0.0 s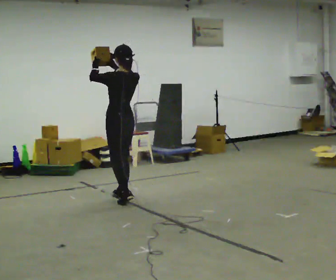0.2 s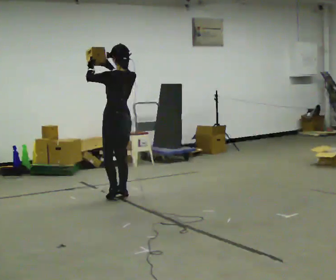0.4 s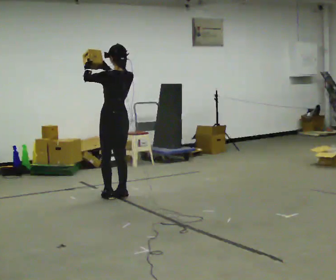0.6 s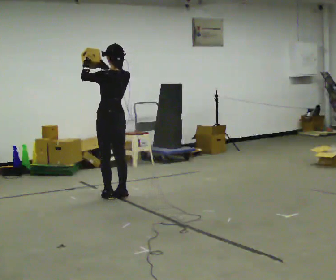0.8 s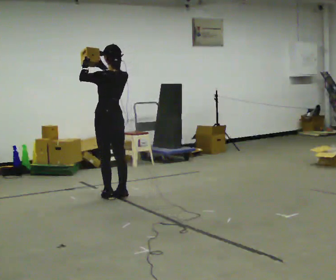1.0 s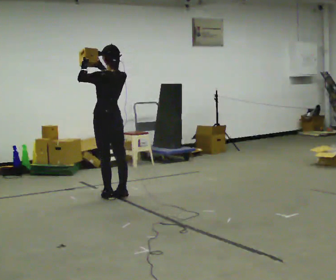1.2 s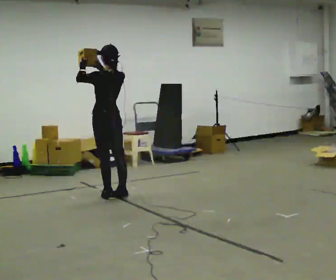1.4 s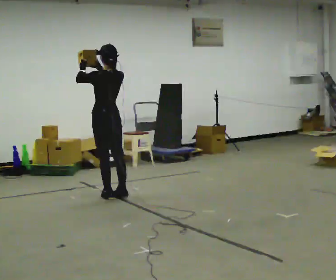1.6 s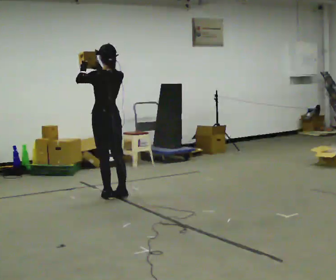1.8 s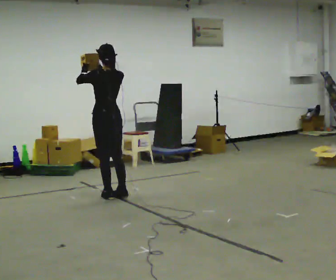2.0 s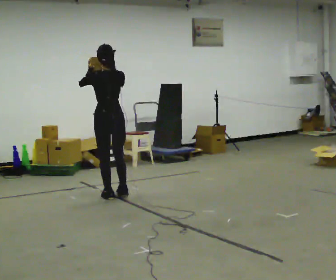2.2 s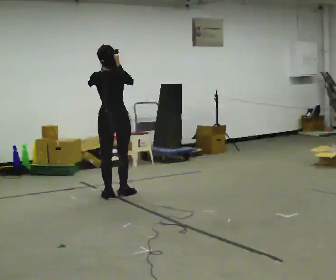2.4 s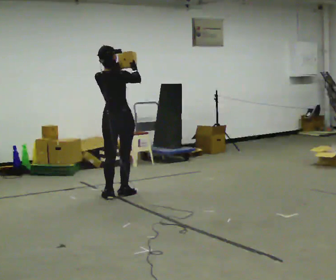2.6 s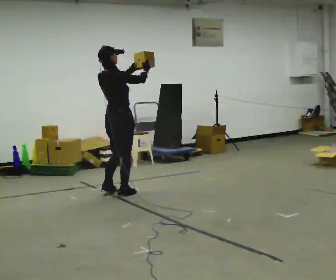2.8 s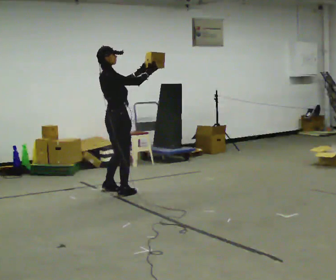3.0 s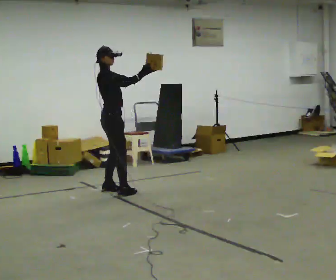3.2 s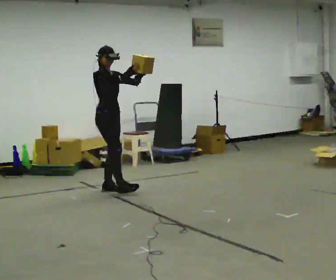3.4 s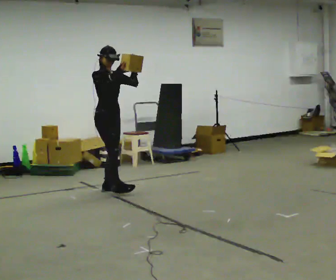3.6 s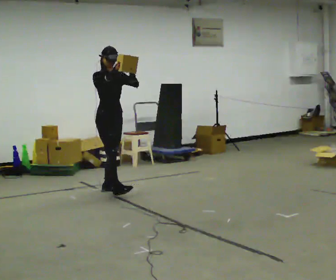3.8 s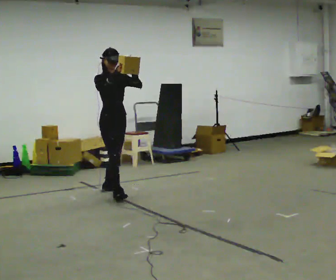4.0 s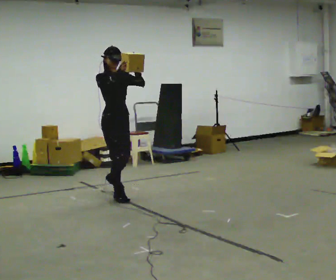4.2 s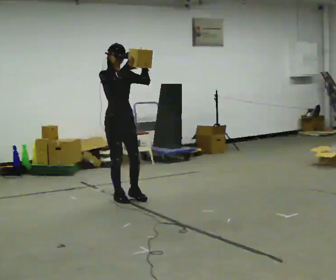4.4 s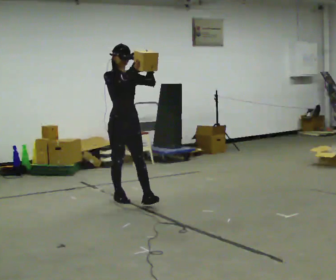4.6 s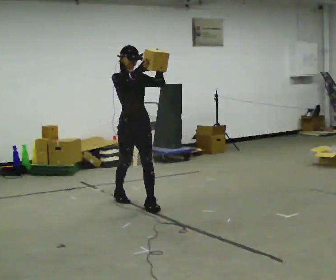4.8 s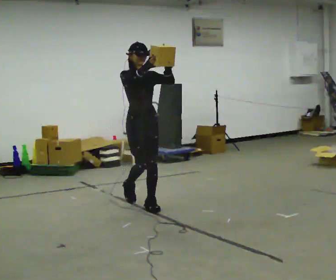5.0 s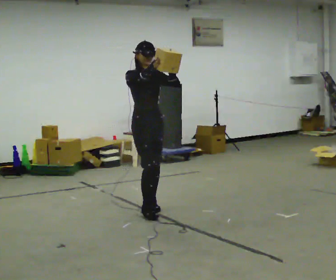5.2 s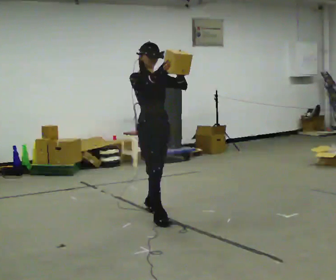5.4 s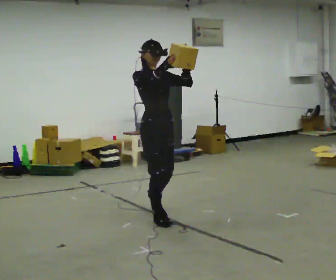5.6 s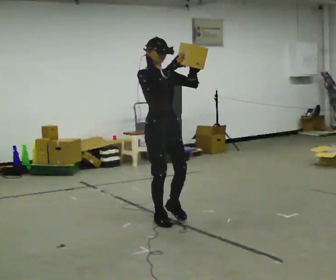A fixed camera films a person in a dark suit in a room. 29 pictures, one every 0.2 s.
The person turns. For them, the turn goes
to their right.
The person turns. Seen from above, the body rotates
clockwise.
0.0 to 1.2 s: The person moves a little, or ends about where they began.
1.2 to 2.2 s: Seen from above the body turns clockwise, about 30 degrees: to their right, with its near side sliding to the left.
2.2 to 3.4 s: The part of the body nearest the lens slides to the left as the person turns to their right by about 135 degrees. In the picture they go away from the camera, about 0.25 m in 1 step.
3.4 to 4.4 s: In the picture they go toward the camera, about 0.5 m, which for them is forward.
4.4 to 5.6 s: In the picture they go toward the camera, about 1 m in 2 steps, which for them is forward.
The film runs forward here.
